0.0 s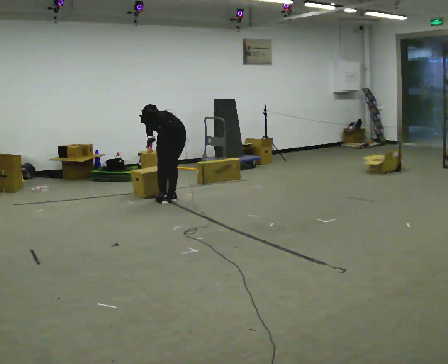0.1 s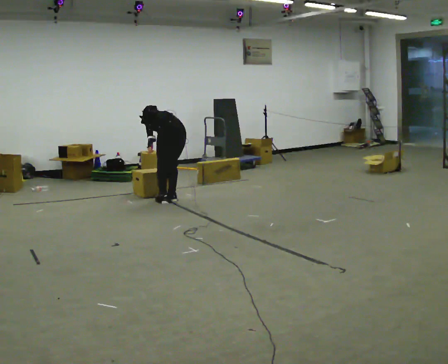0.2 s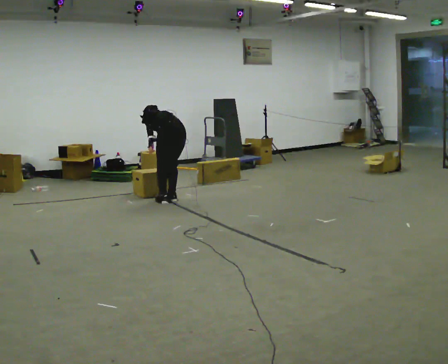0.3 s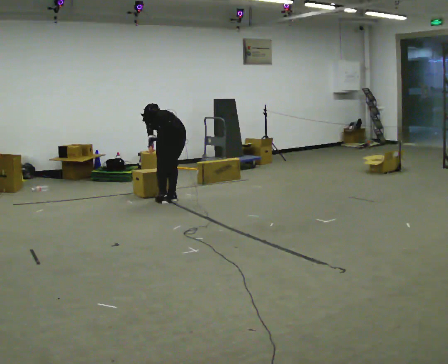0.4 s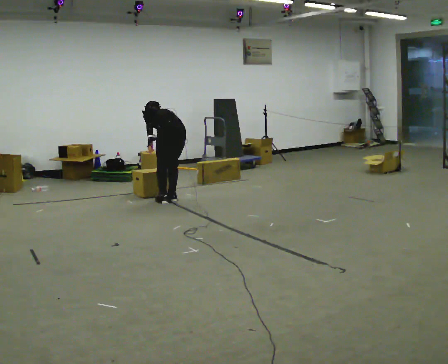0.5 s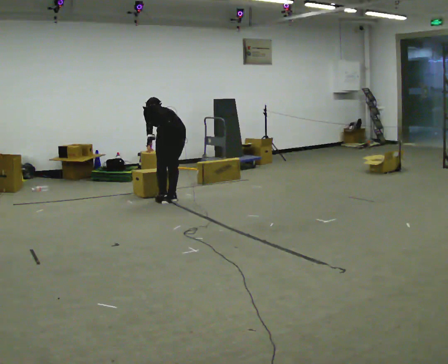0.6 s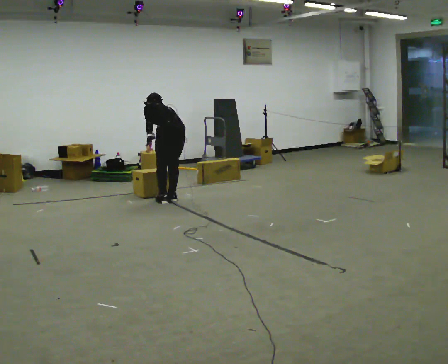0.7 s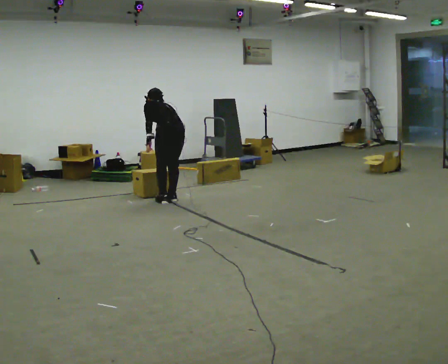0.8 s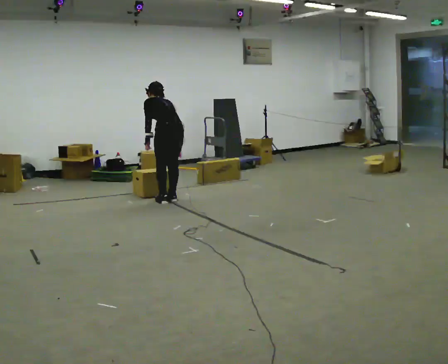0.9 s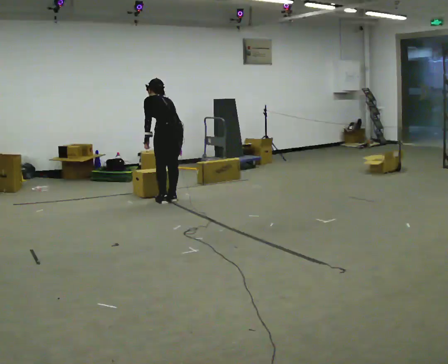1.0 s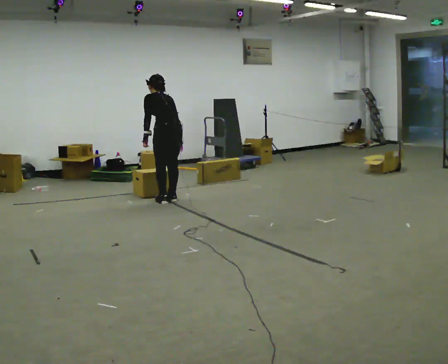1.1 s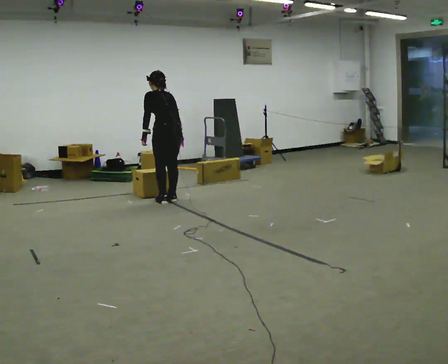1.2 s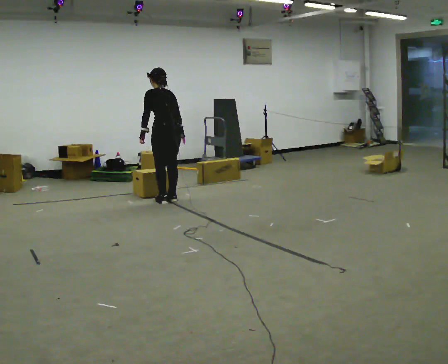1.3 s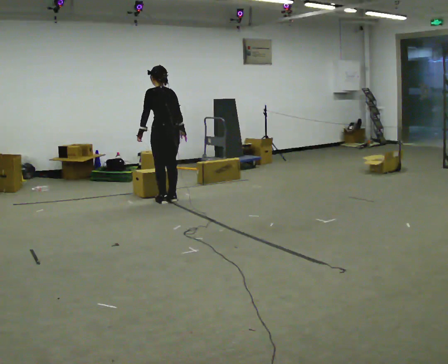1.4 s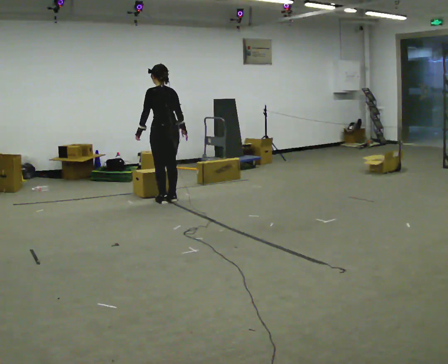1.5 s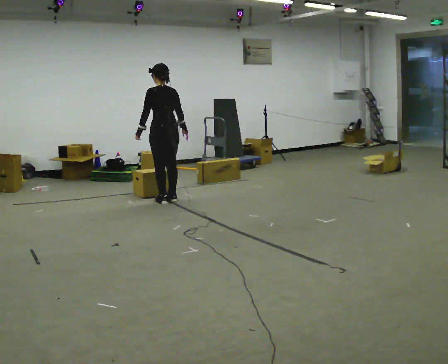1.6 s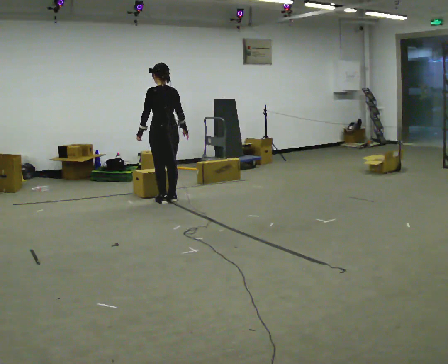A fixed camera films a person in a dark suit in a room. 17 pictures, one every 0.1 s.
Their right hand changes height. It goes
upward.
The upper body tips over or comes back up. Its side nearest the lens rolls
downward.
0.0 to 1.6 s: The upper body goes upward. The upper body tips toward the camera, its near side rolling downward, as they lean back or straighten.
The film runs forward here.
